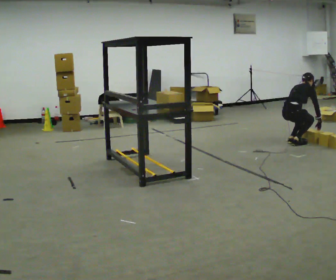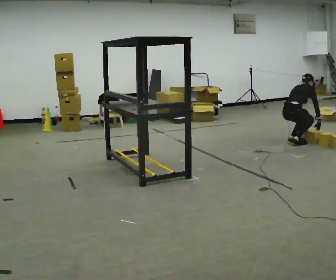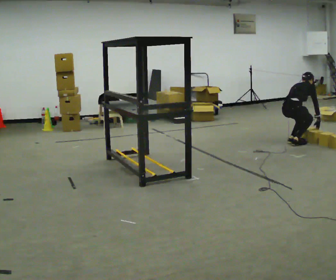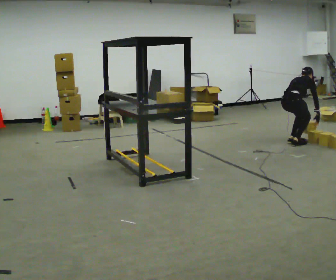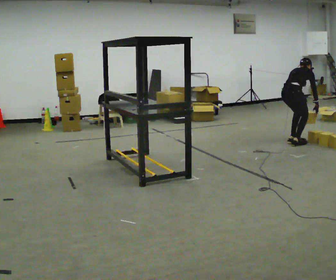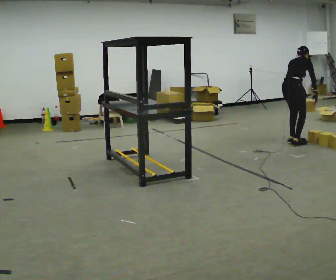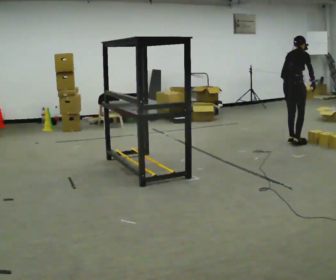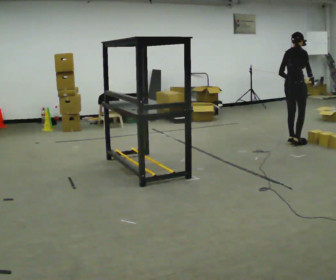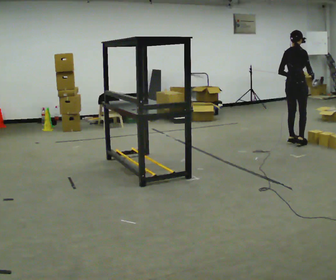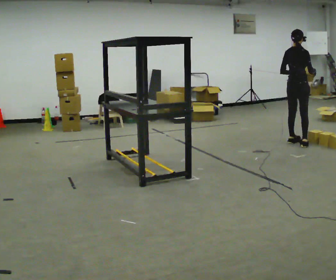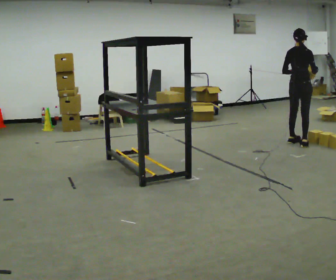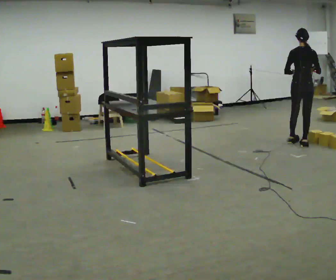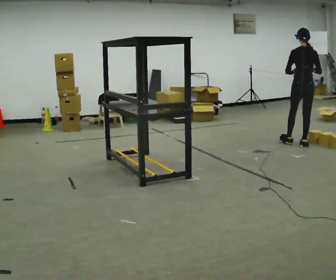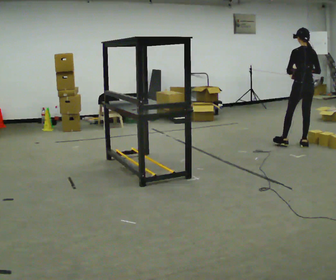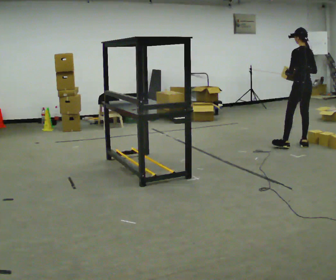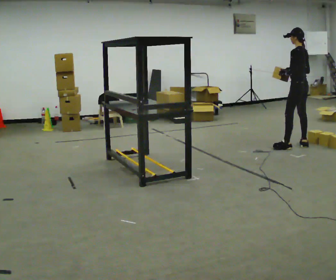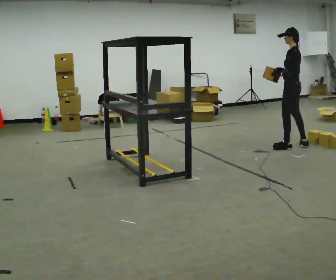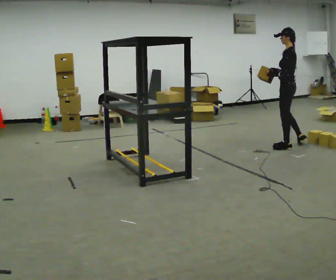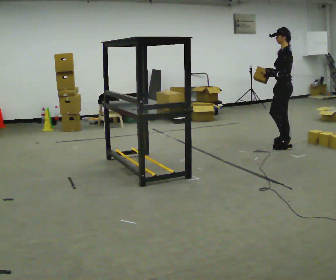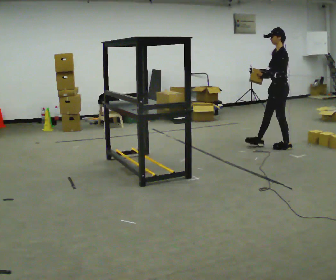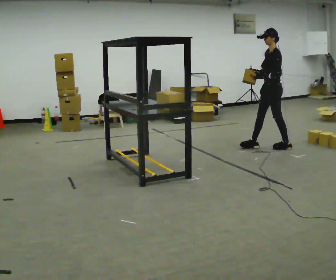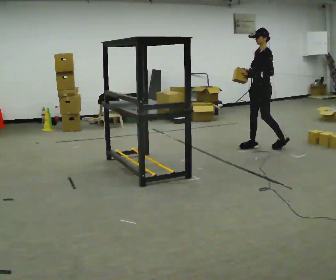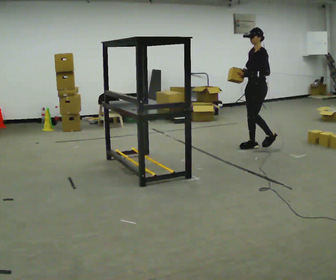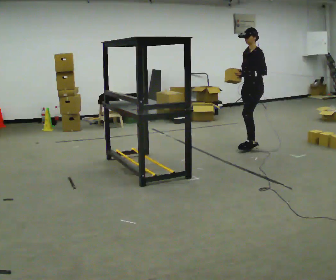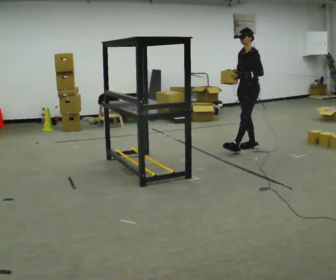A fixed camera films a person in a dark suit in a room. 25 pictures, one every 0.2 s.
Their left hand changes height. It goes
upward.
The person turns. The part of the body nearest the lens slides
to the right.
0.0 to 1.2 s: The upper body goes upward. In the picture the upper body tilts counterclockwise, shoulders to the left. In the picture their left hand goes upward.
1.2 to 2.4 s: The part of the body nearest the lens slides to the right as the person turns to their left by about 45 degrees. In the picture they go to the right, about 0.25 m, which for them is to their right. The upper body tips toward the camera, its near side rolling downward, as they lean back or straighten.
2.4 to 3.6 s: The part of the body nearest the lens slides to the right as the person turns to their left by about 75 degrees. In the picture they go to the left, about 0.25 m in 1 step.
3.6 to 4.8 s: Seen from above the body turns counterclockwise, about 45 degrees: to their left, with its near side sliding to the right. In the picture they go to the left, about 0.5 m in 1 step, which for them is forward.
The film runs forward here.
